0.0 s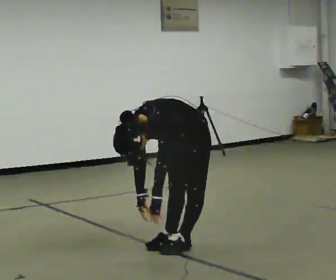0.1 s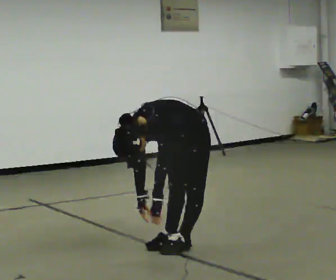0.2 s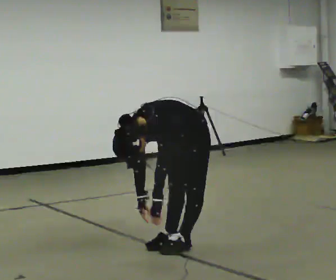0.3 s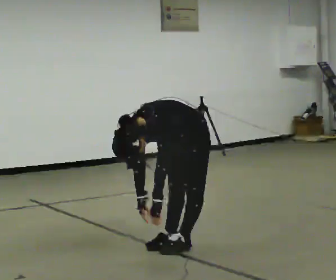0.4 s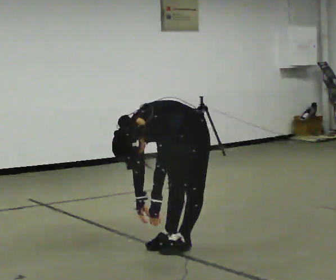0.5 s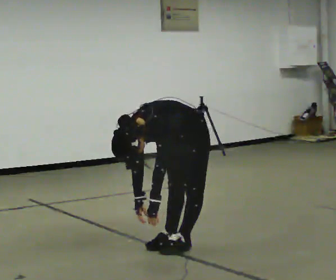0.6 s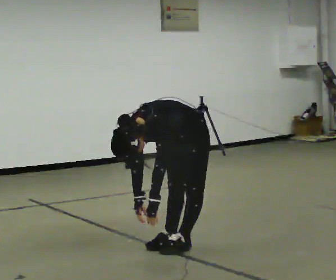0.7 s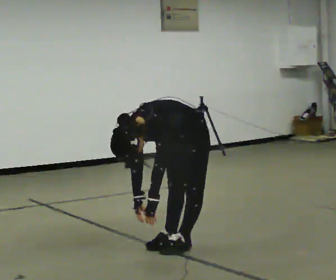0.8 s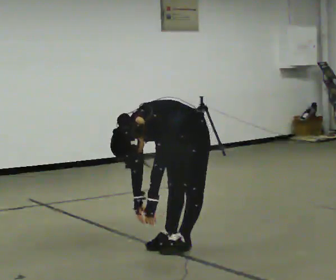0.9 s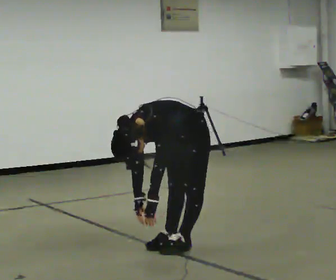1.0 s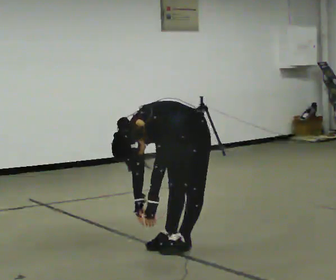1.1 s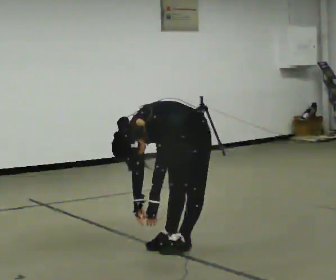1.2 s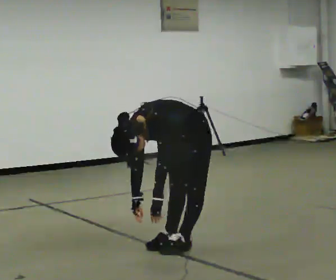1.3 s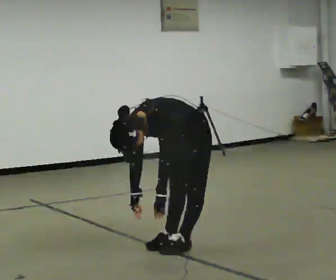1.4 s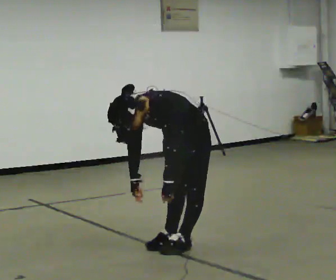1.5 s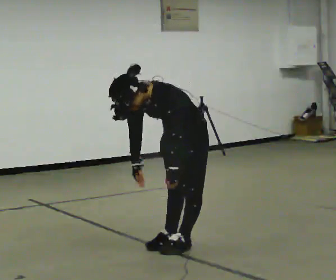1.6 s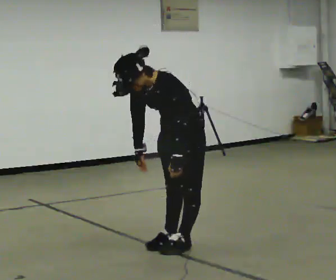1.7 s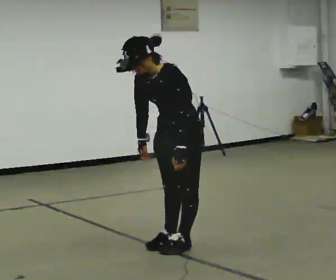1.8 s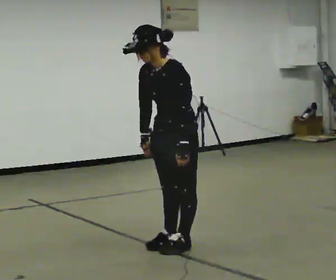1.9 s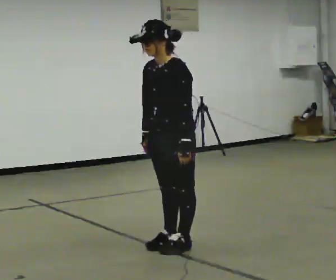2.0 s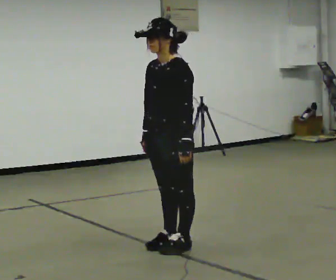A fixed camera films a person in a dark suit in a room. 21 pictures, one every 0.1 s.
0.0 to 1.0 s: The person moves a little, or ends about where they began.
1.0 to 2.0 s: The shoulders move upward. In the picture the upper body tilts clockwise, shoulders to the right, as they lean back or straighten. In the picture their right hand goes upward.
The film runs backward here.
